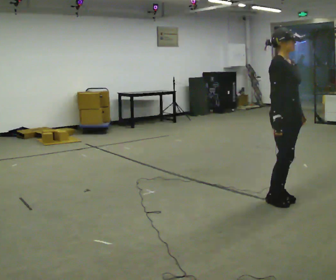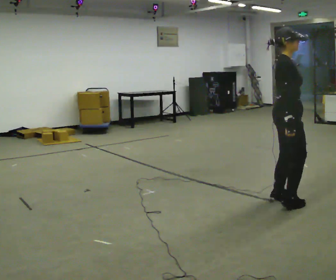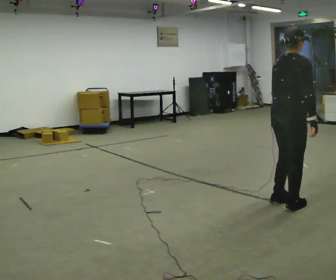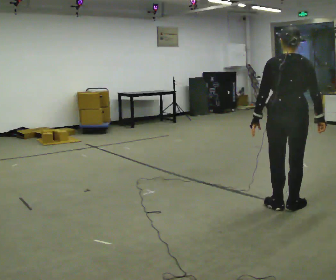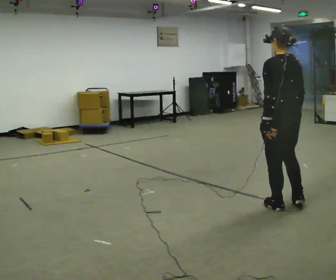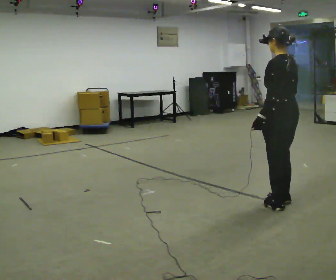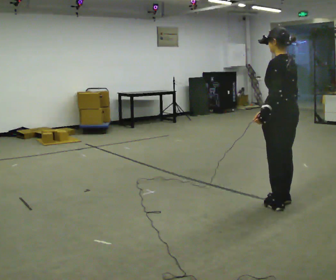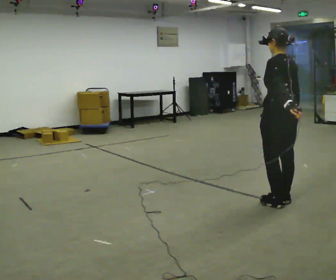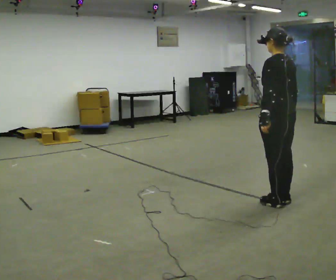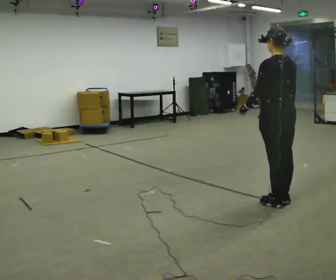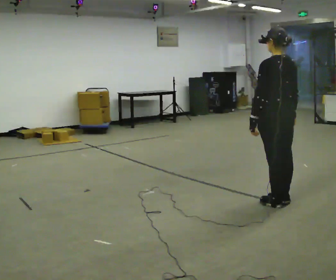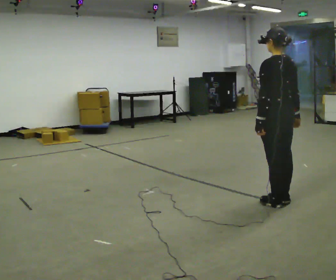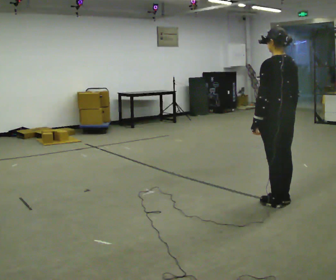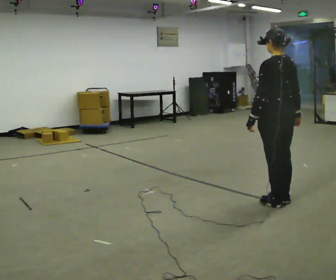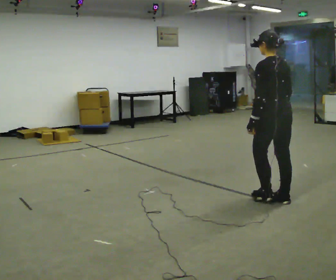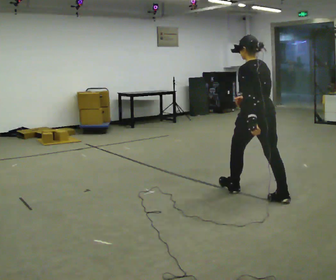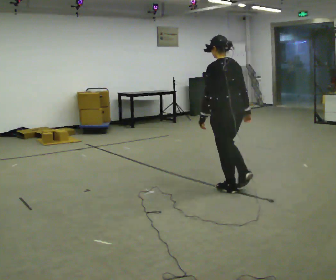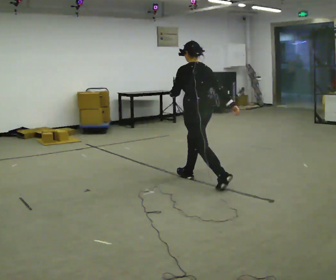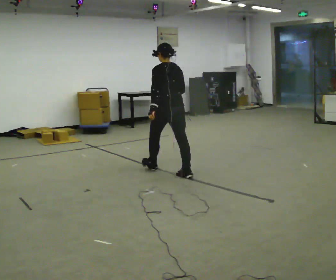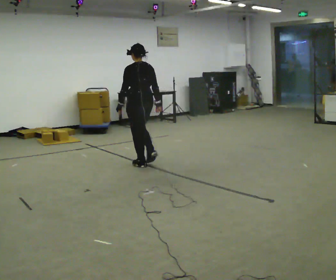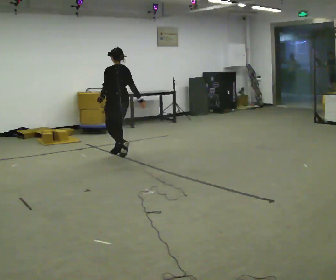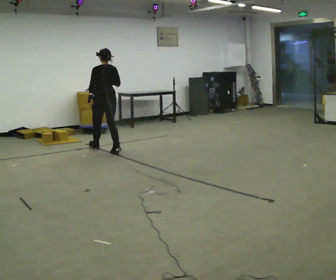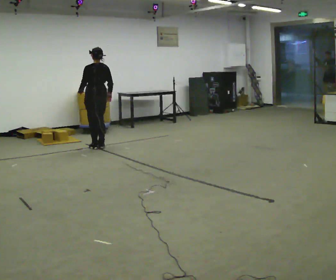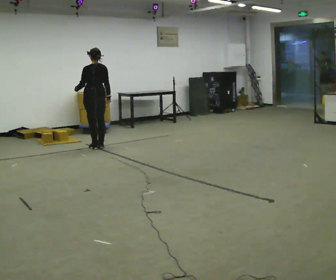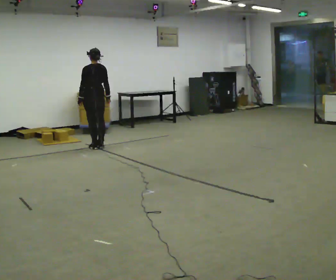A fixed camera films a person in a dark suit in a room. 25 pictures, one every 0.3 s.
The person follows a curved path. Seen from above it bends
clockwise.
The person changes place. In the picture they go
to the left.
0.0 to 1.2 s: The person turns about 150 degrees to their left, counterclockwise seen from above, so the part of the body nearest the lens slides to the right. In the picture they go toward the camera, about 0.25 m in 2 steps.
1.2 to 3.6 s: The person moves a little, or ends about where they began.
3.6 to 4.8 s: In the picture they go to the left and away from the camera, about 0.75 m in 1 step, which for them is forward.
4.8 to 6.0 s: In the picture they go to the left and away from the camera, about 2 m in 3 steps, which for them is forward.
6.0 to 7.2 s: In the picture they go to the left and away from the camera, about 0.5 m in 2 steps, which for them is forward.
The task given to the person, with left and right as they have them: Start still; gradually go slow → normal → fast; briefly maintain fast speed; stop.
The film runs forward here.
